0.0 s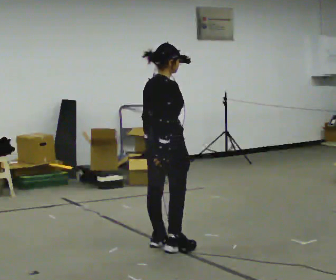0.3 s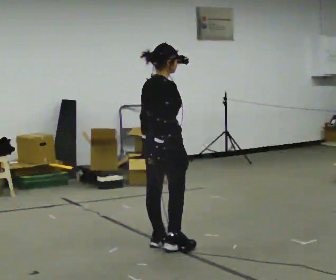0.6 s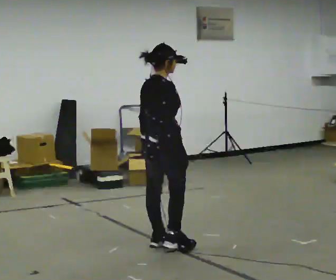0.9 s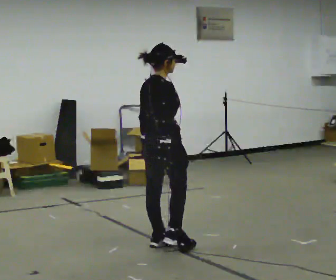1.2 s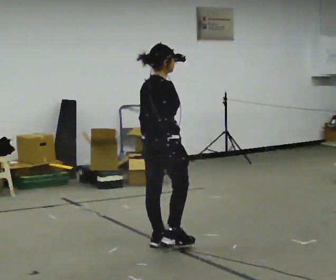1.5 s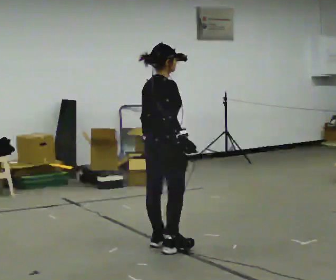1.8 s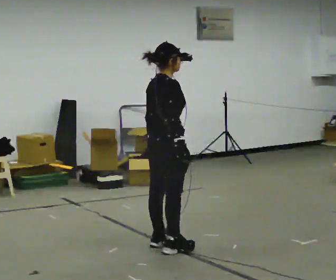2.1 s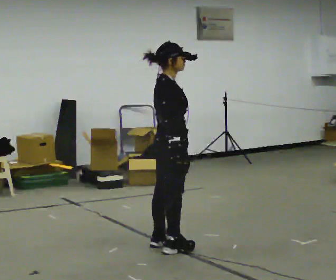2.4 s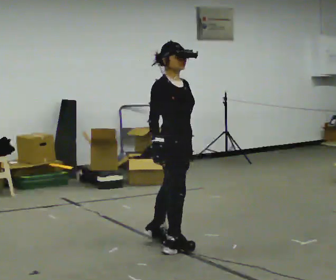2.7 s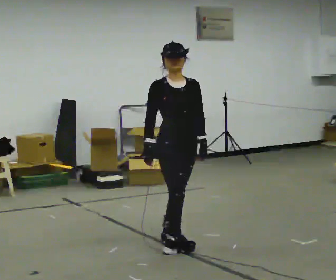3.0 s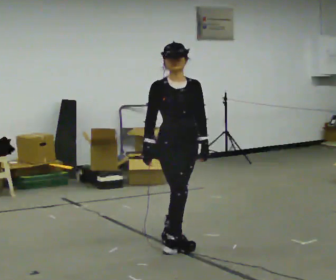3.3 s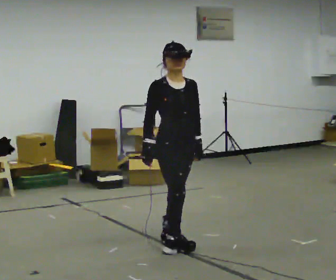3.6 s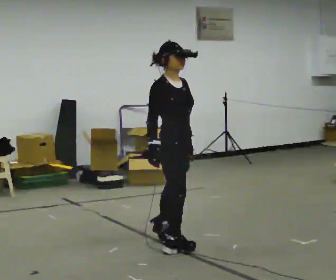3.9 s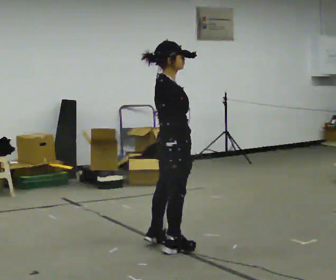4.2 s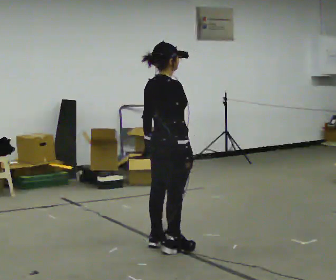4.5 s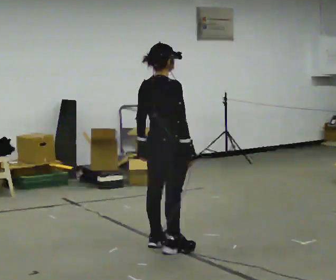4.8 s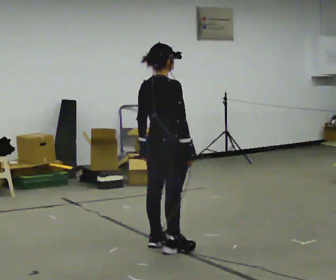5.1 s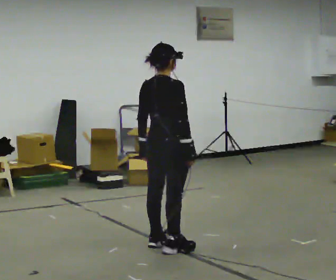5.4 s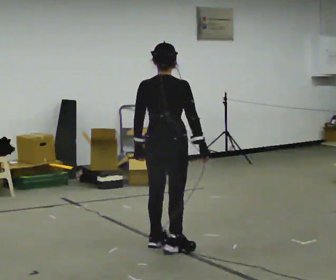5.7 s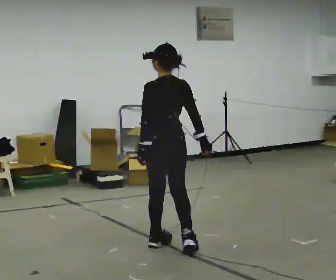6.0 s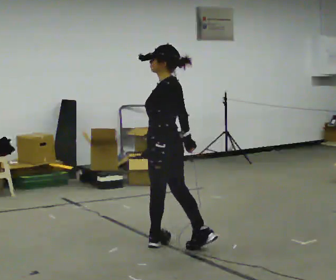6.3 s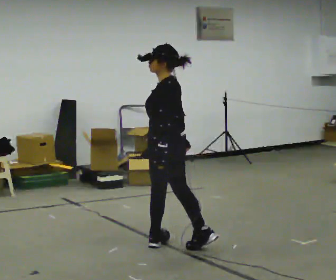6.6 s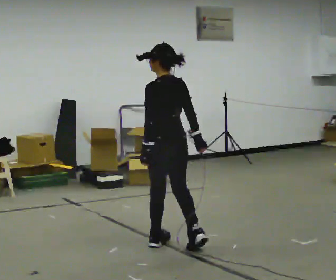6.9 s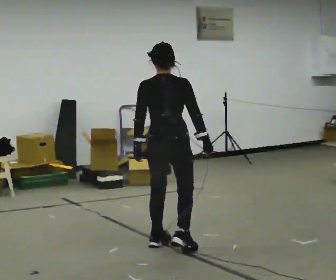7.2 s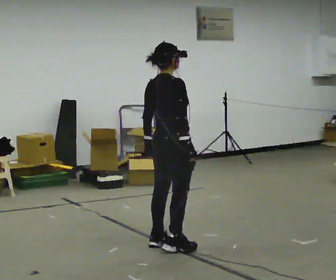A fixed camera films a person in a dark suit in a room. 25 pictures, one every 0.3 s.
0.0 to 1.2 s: The person moves a little, or ends about where they began.
1.2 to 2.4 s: Seen from above the body turns clockwise, about 75 degrees: to their right, with its near side sliding to the left.
2.4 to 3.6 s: The person moves a little, or ends about where they began.
3.6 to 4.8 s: Seen from above the body turns counterclockwise, about 75 degrees: to their left, with its near side sliding to the right.
4.8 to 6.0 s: The person turns about 105 degrees to their left, counterclockwise seen from above, so the part of the body nearest the lens slides to the right.
6.0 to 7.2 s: The part of the body nearest the lens slides to the left as the person turns to their right by about 120 degrees.
The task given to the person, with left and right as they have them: Keeping your feet still, turn your upper body to look behind you on one side, return to the front, then turn to the other side. Repeat the movement at your own pace until the operator says stop; do not rush.
The film runs forward here.
